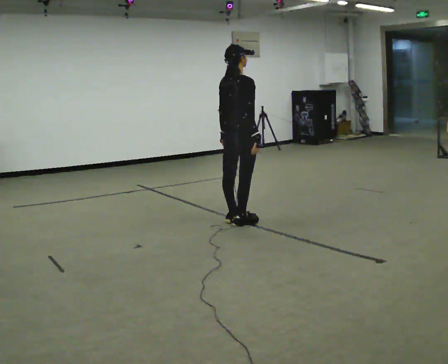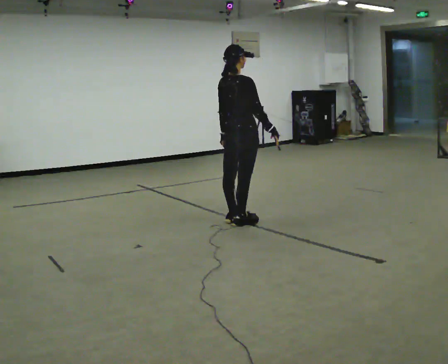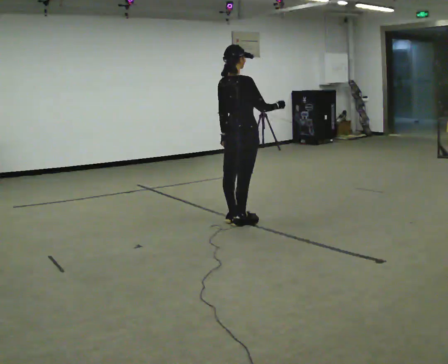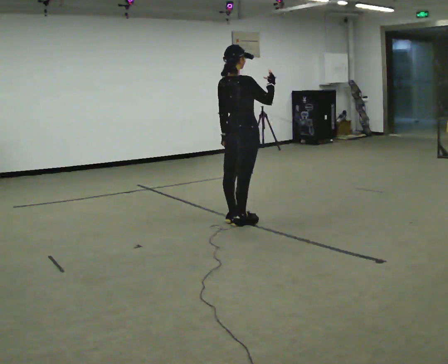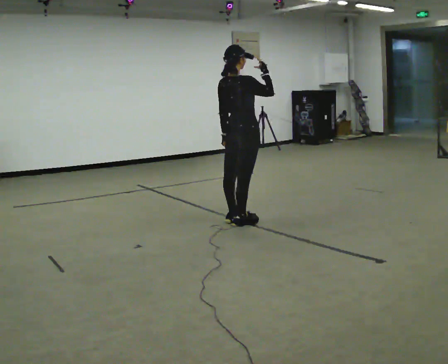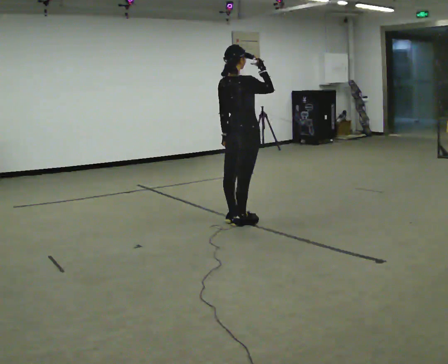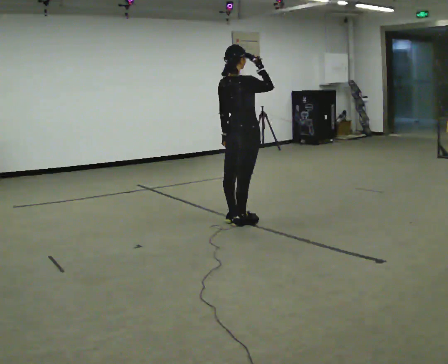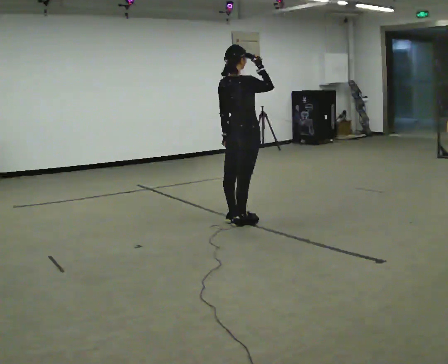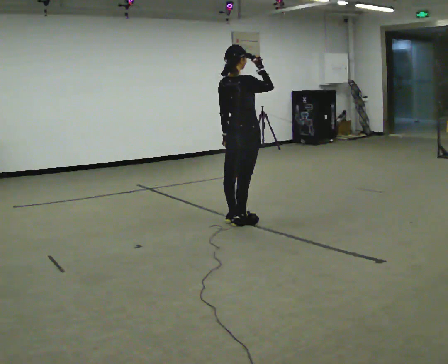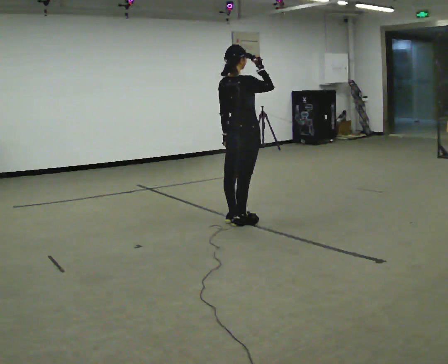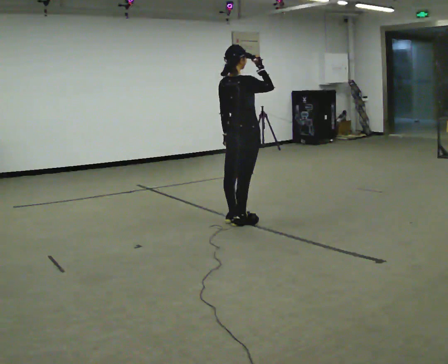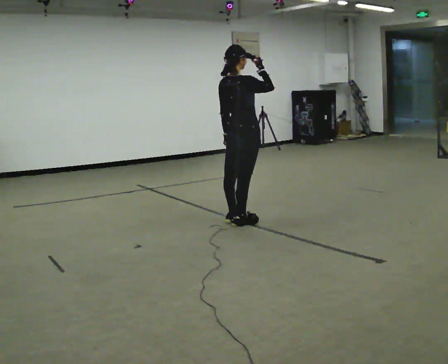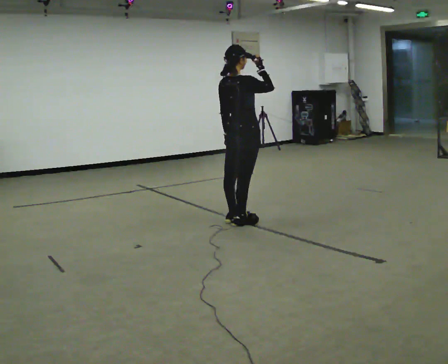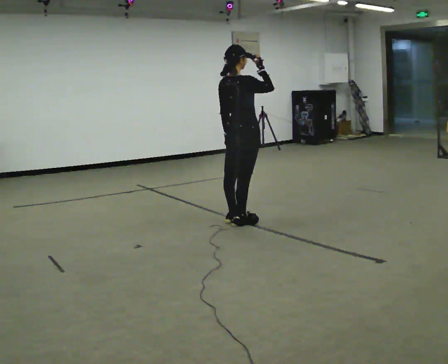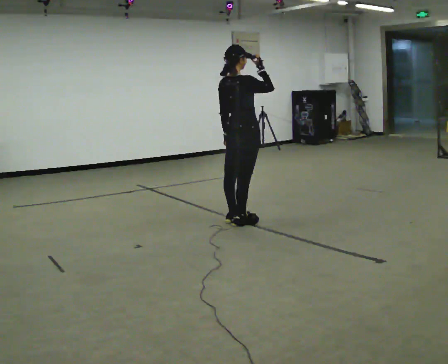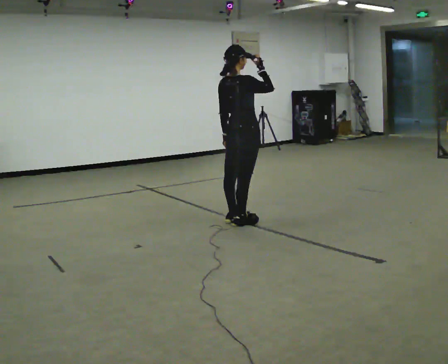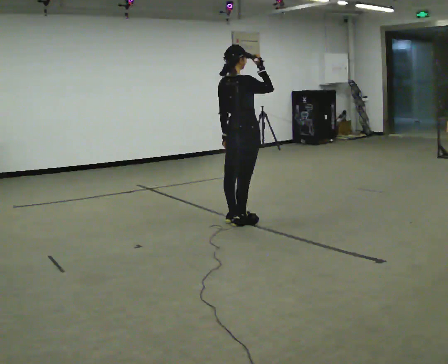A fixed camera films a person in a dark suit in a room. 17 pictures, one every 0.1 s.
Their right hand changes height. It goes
upward.
0.0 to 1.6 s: In the picture their right hand goes upward.
The film runs backward here.
